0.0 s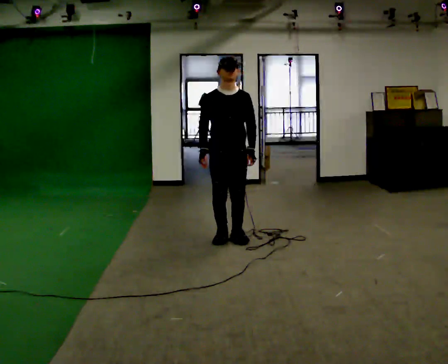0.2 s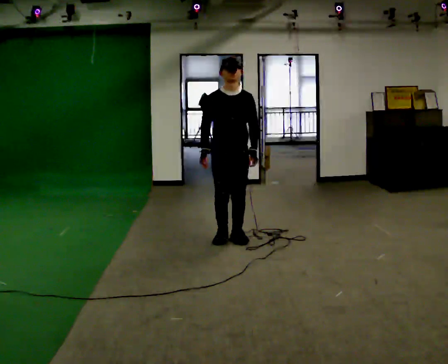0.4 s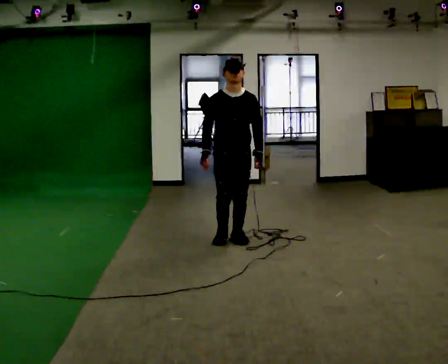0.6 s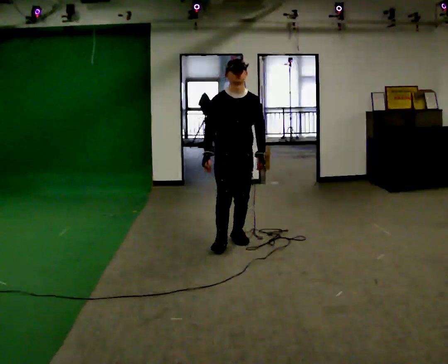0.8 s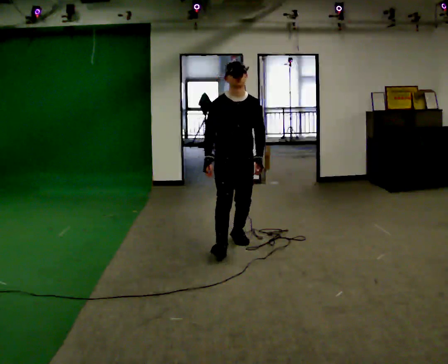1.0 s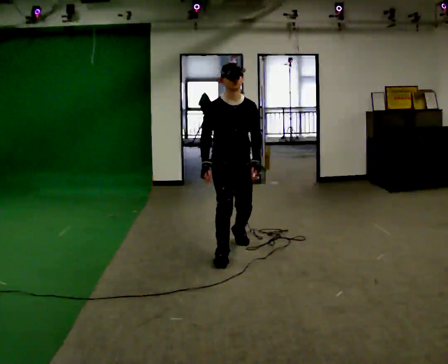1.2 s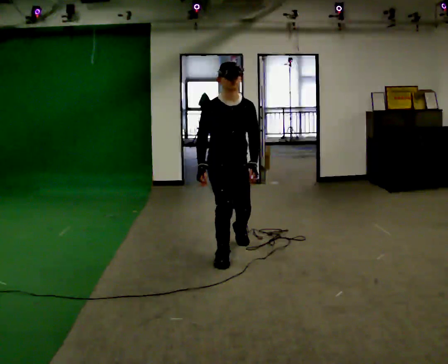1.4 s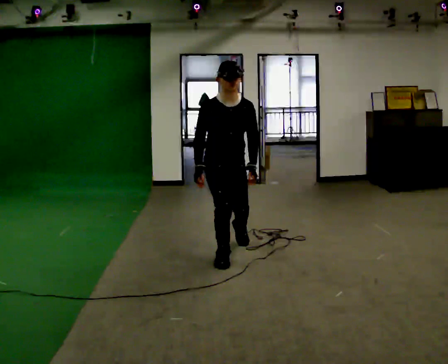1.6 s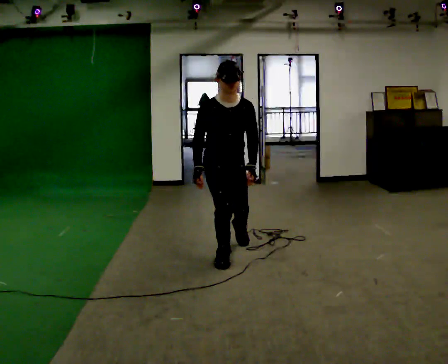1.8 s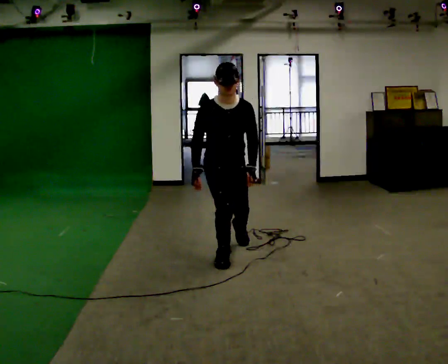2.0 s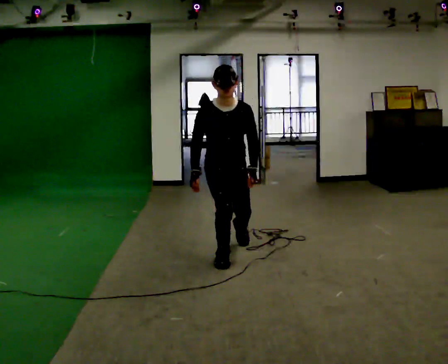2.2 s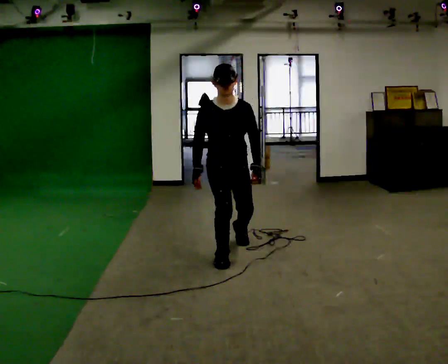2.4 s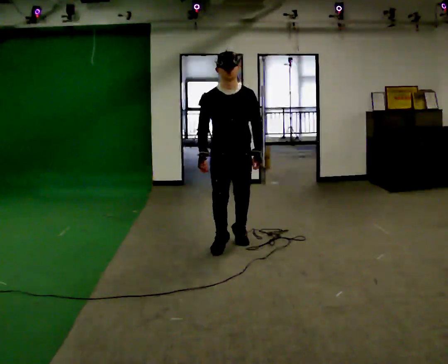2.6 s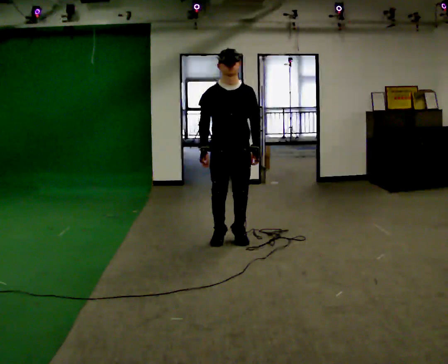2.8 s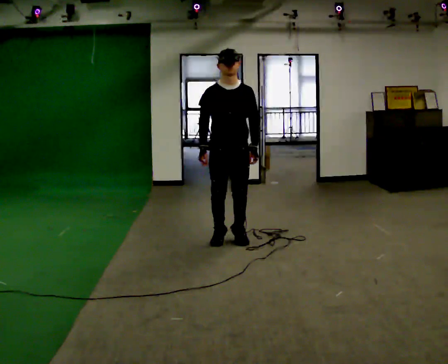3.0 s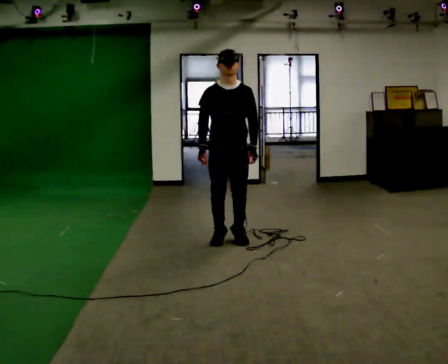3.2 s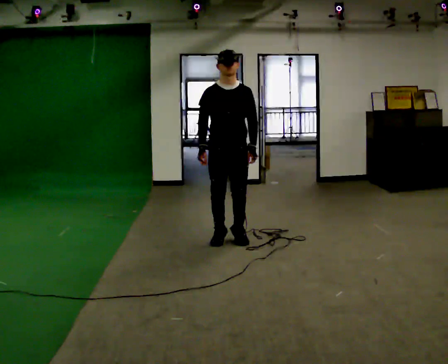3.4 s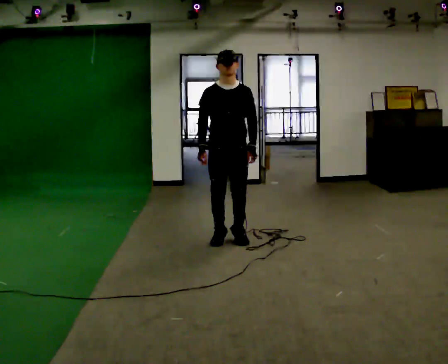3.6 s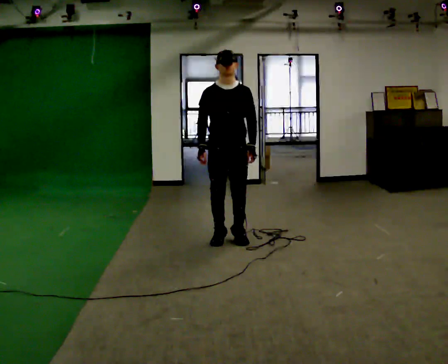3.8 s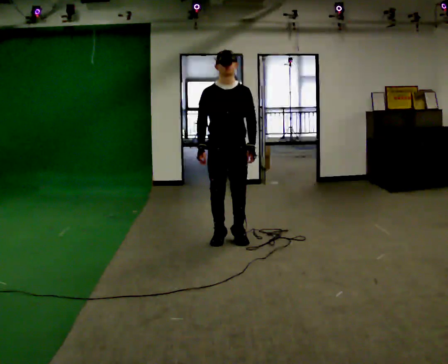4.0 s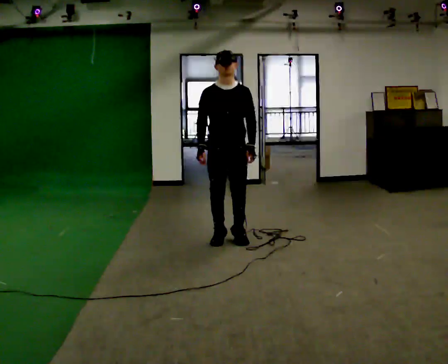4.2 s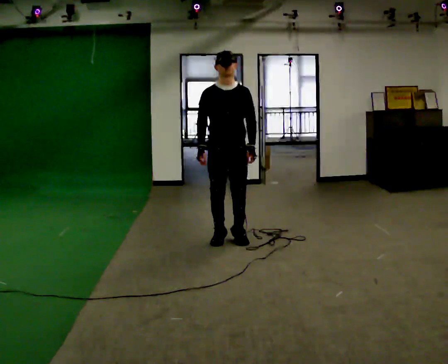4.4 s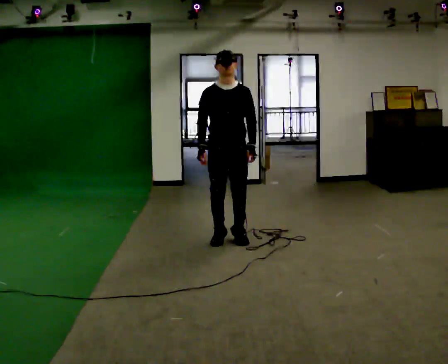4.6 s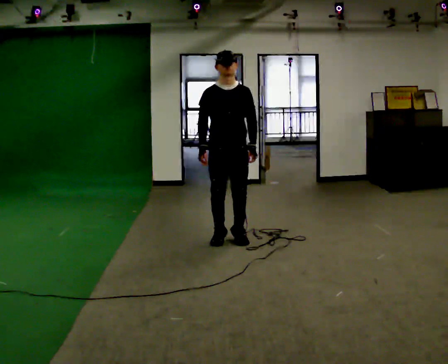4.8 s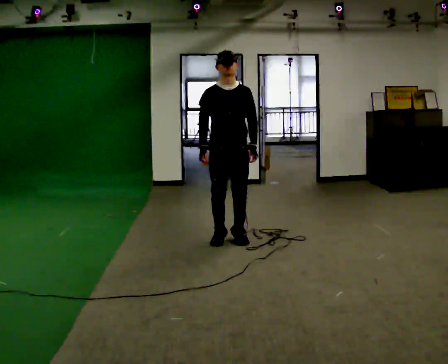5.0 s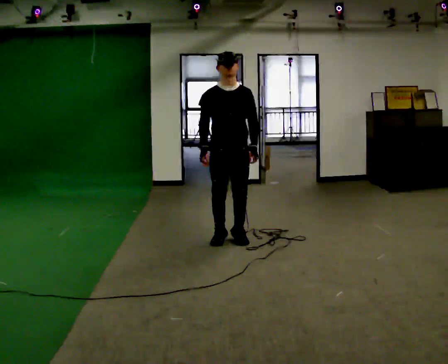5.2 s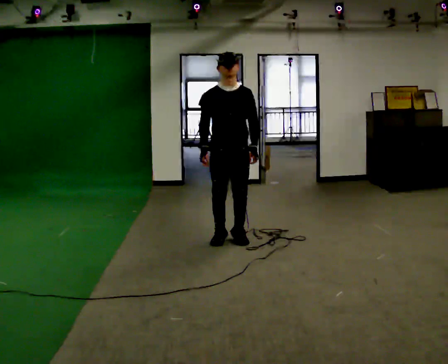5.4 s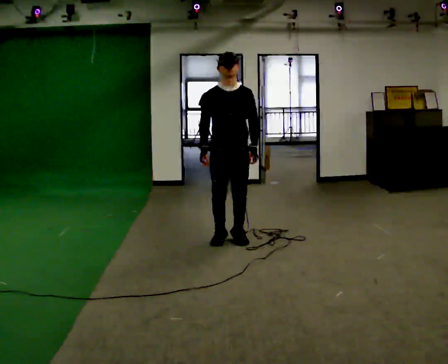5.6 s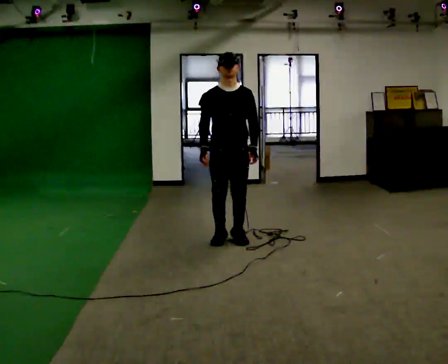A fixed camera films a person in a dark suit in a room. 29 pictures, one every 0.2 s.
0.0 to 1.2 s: In the picture they go toward the camera, about 0.5 m in 1 step, which for them is forward.
1.2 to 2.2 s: The person moves a little, or ends about where they began.
2.2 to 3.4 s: In the picture they go away from the camera, about 0.25 m in 1 step, which for them is backward. The shoulders move upward.
3.4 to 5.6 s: The person moves a little, or ends about where they began.
The film runs backward here.
